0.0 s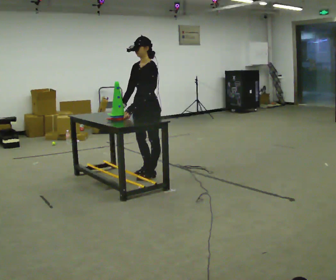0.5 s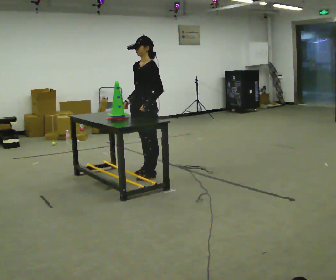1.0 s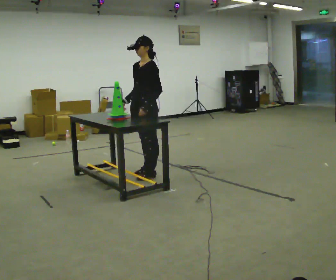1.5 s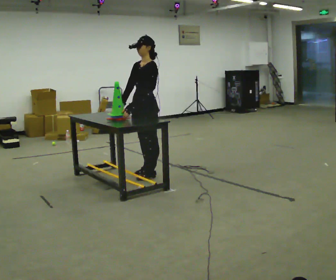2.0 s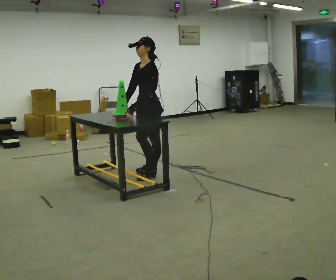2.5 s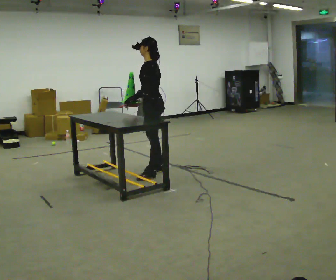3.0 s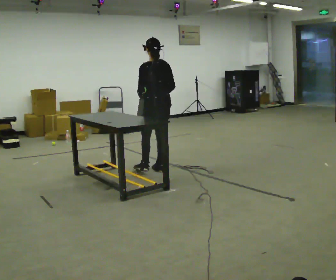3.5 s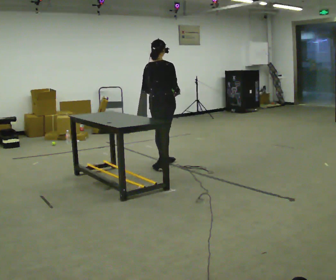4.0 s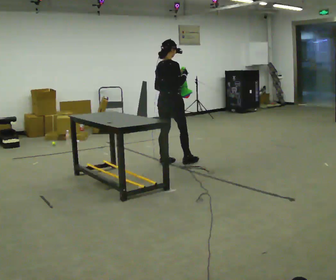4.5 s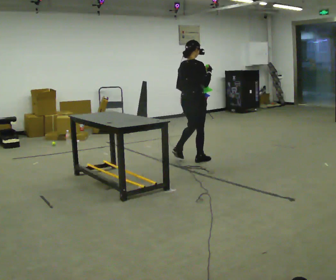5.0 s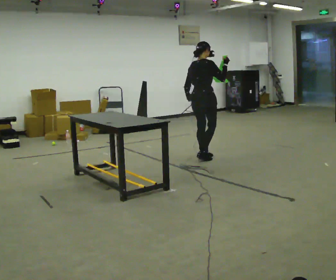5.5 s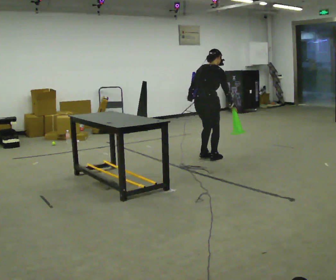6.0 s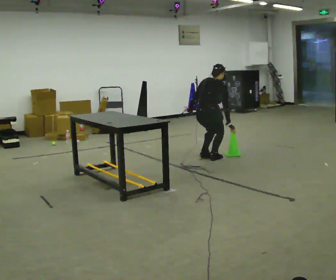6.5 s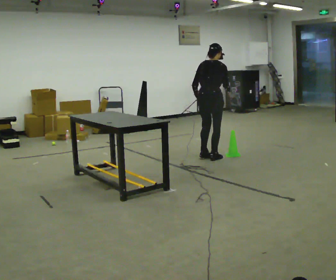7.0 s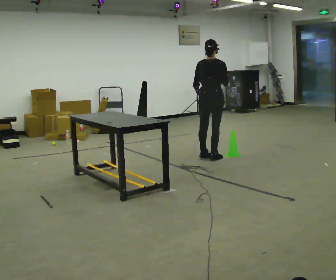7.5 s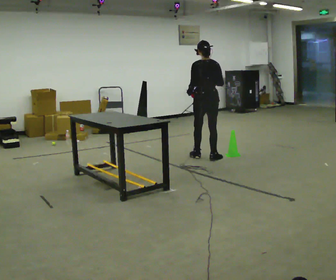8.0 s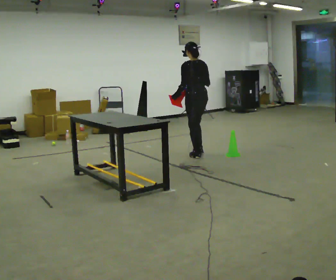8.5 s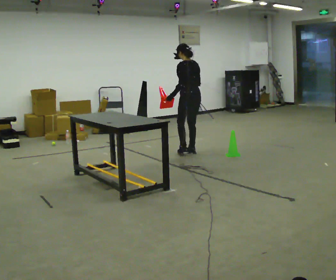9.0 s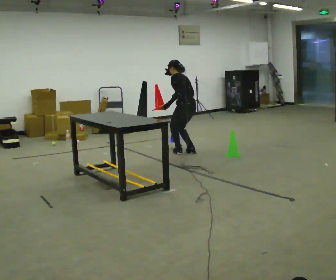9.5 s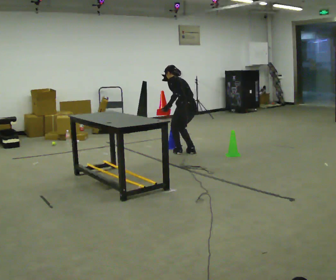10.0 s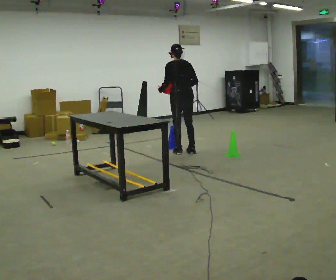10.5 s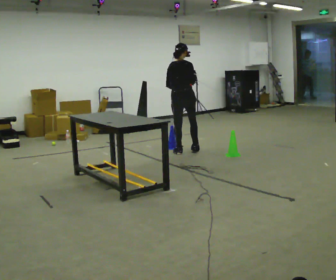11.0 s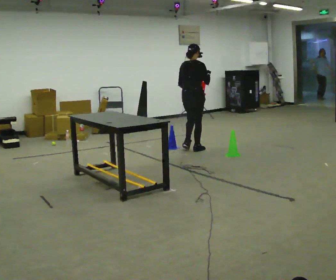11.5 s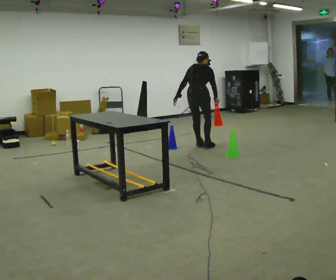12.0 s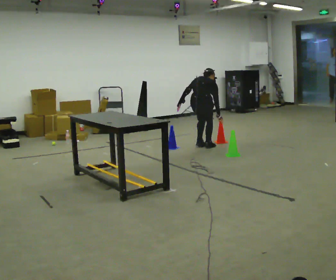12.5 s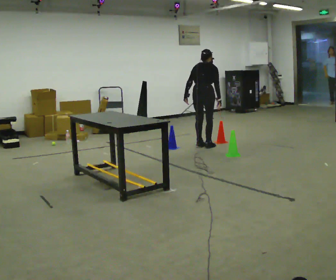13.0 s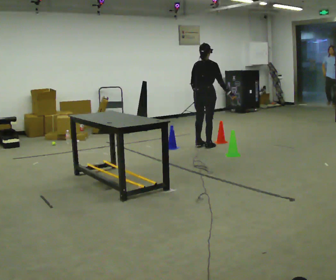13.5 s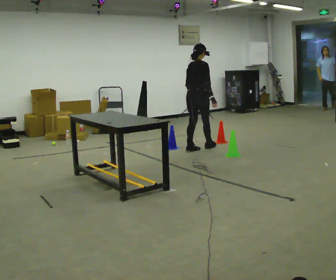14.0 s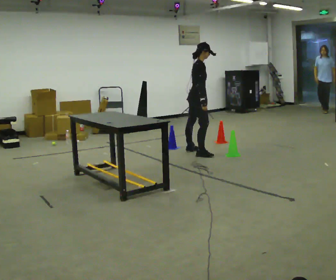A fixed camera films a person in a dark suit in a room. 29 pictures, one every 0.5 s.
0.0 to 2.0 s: The person moves a little, or ends about where they began.
2.0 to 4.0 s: The part of the body nearest the lens slides to the left as the person turns to their right by about 165 degrees. In the picture they go away from the camera, about 0.5 m in 2 steps. In the picture their right hand goes upward.
4.0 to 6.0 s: The person turns about 30 degrees to their left, counterclockwise seen from above, so the part of the body nearest the lens slides to the right. In the picture they go to the right and away from the camera, about 0.5 m in 3 steps, which for them is forward and to their right. The upper body goes downward. The upper body tips away from the camera, its near side rolling upward, as they bend forward. In the picture their right hand goes downward.
6.0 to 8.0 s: The part of the body nearest the lens slides to the right as the person turns to their left by about 45 degrees. In the picture they go away from the camera, about 0.25 m, which for them is to their left and forward. The shoulders move upward. The upper body tips toward the camera, its near side rolling downward, as they lean back or straighten. In the picture their right hand goes upward and to the left.
8.0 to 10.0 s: In the picture they go to the left and away from the camera, about 0.25 m in 2 steps, which for them is forward.
10.0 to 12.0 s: Seen from above the body turns clockwise, about 30 degrees: to their right, with its near side sliding to the left. In the picture they go away from the camera and to the right, about 0.5 m in 2 steps, which for them is forward. The shoulders move downward. The upper body tips away from the camera, its near side rolling upward, as they bend forward.
12.0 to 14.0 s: The person turns about 75 degrees to their right, clockwise seen from above, so the part of the body nearest the lens slides to the left. In the picture they go toward the camera, about 0.25 m in 2 steps. The upper body goes upward. The upper body tips toward the camera, its near side rolling downward, as they lean back or straighten.
The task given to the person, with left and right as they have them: Collect three or four objects from around the room, gather them in your arms, then carry them all to the shelf together. Keep going until the operator says stop; one object at a time, and do not rush between trips.
The film runs forward here.
